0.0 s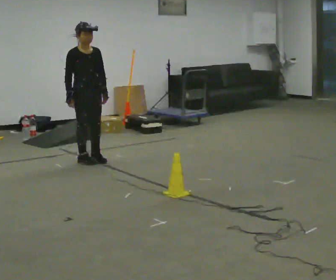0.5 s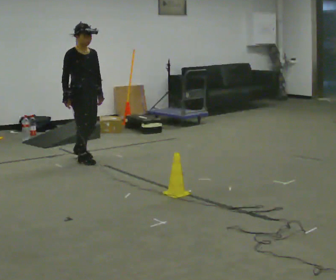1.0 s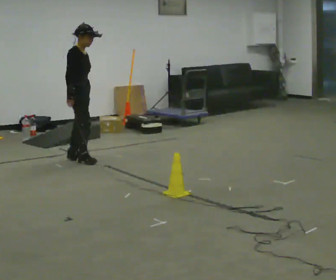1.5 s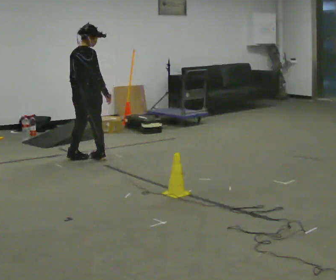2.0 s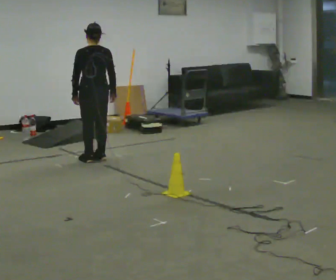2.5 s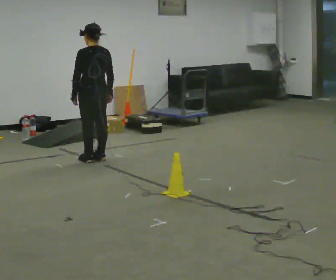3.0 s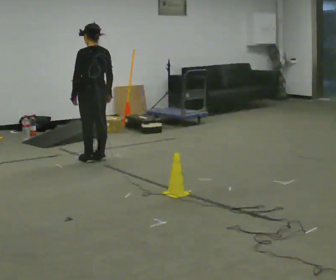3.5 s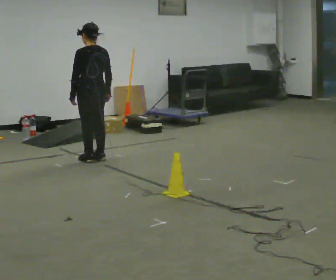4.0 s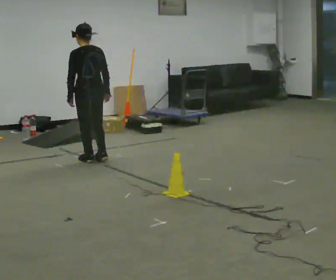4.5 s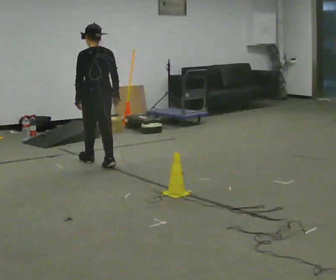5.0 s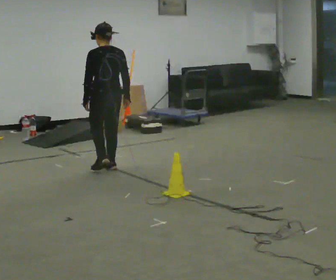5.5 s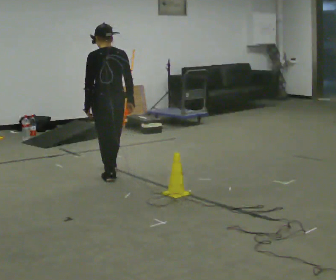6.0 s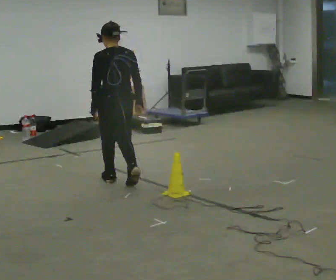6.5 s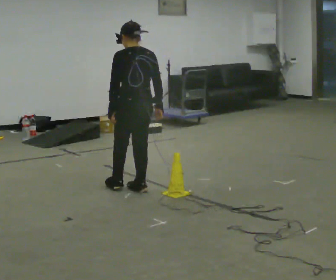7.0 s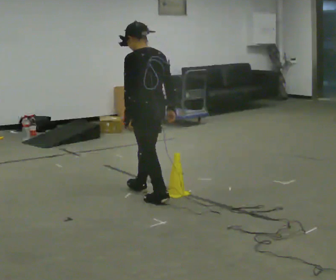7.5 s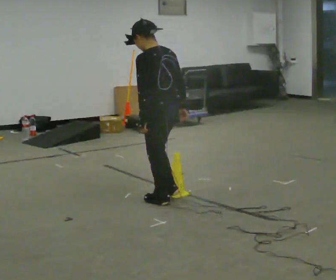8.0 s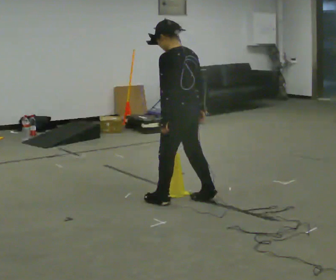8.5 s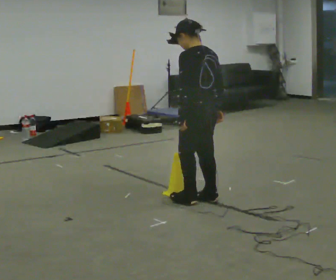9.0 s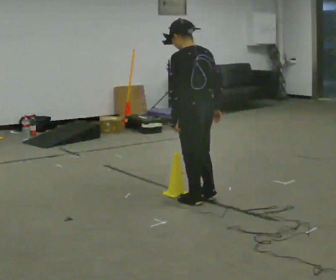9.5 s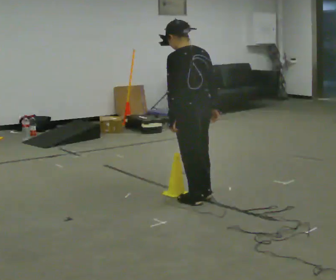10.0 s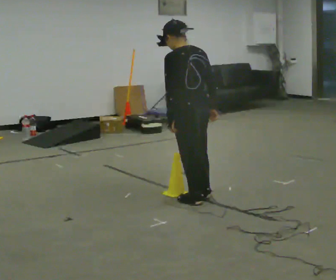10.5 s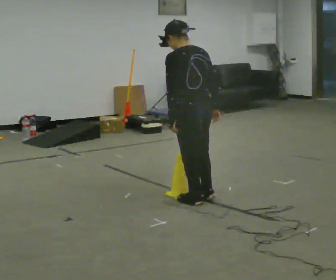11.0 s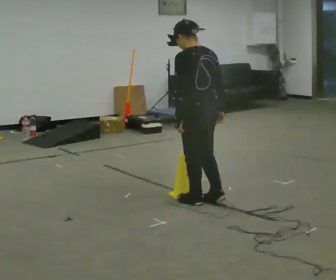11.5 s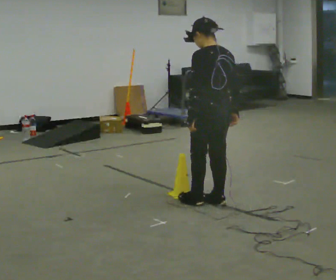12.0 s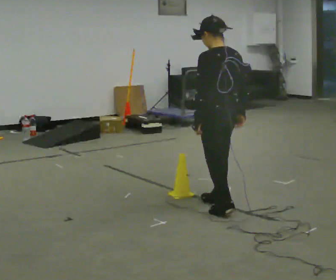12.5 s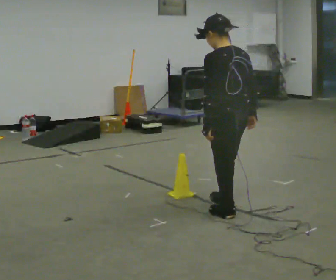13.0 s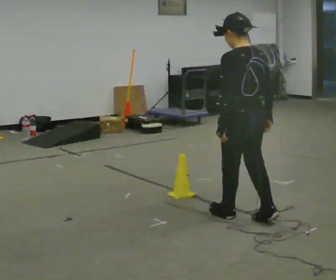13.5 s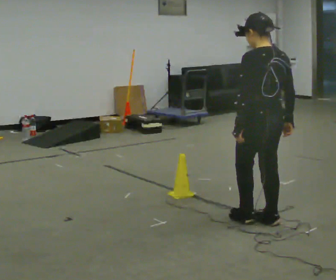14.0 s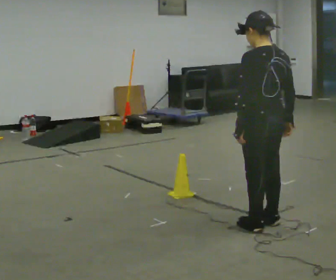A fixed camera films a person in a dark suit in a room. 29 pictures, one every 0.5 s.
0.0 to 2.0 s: Seen from above the body turns counterclockwise, about 150 degrees: to their left, with its near side sliding to the right. In the picture their left hand goes to the left, the arm swinging clockwise.
2.0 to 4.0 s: The person moves a little, or ends about where they began.
4.0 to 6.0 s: In the picture they go toward the camera and to the right, about 1 m in 2 steps, which for them is backward.
6.0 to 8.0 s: The person turns about 30 degrees to their left, counterclockwise seen from above, so the part of the body nearest the lens slides to the right. In the picture they go to the right and toward the camera, about 1 m in 2 steps, which for them is backward.
8.0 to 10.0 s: The person moves a little, or ends about where they began.
10.0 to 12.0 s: In the picture they go to the right and toward the camera, about 0.25 m in 1 step, which for them is backward.
12.0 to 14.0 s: In the picture they go toward the camera and to the right, about 0.5 m in 2 steps, which for them is backward.
The film runs backward here.
